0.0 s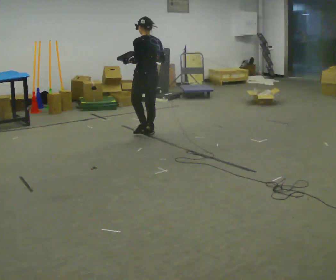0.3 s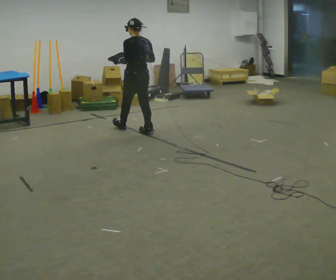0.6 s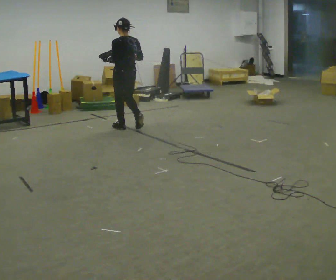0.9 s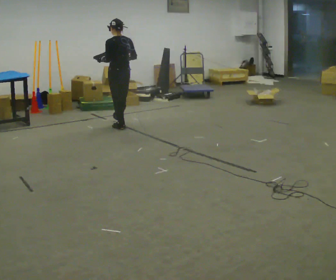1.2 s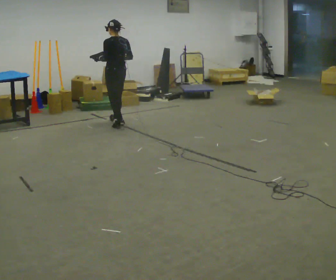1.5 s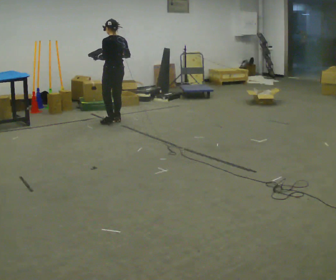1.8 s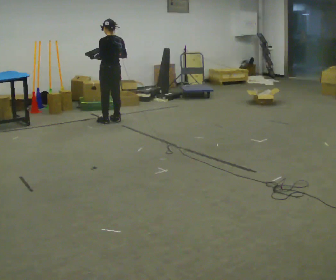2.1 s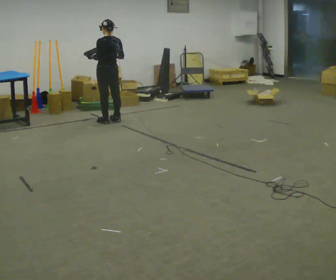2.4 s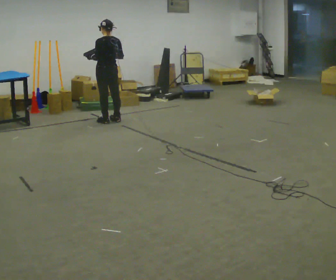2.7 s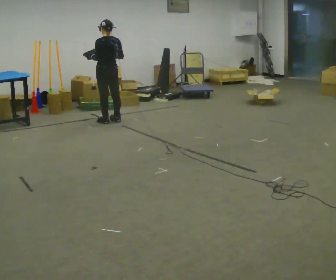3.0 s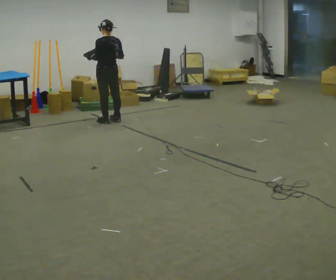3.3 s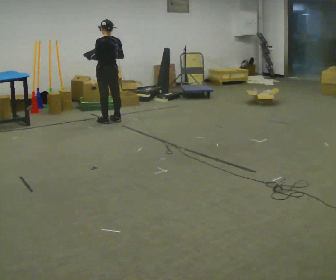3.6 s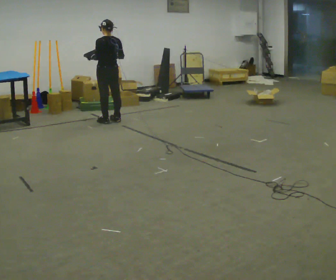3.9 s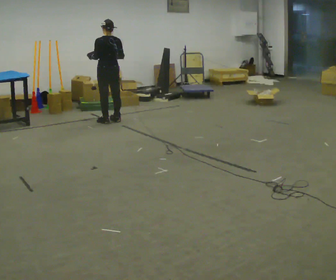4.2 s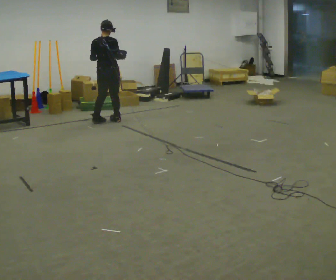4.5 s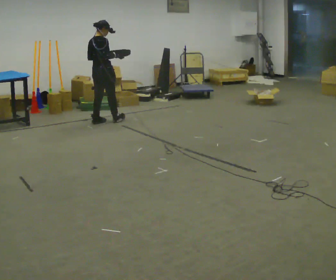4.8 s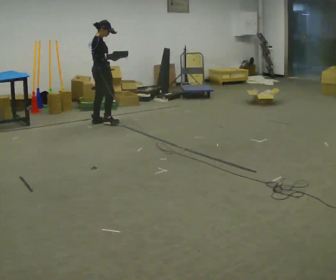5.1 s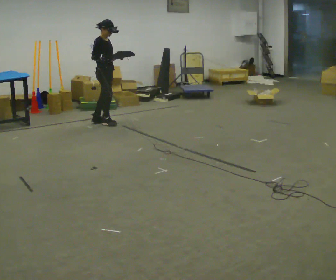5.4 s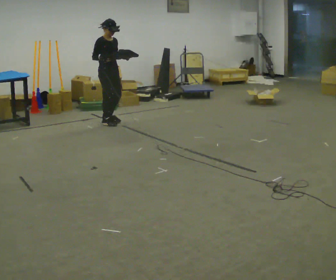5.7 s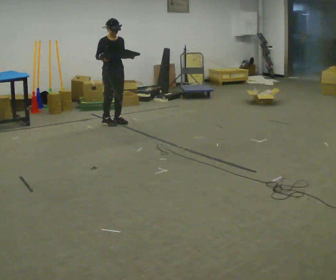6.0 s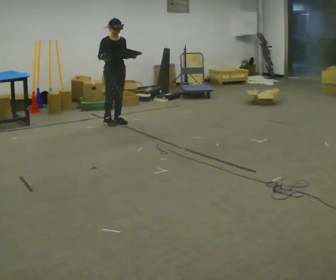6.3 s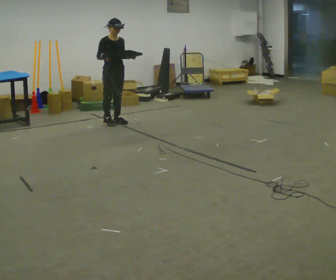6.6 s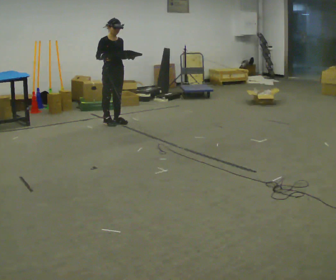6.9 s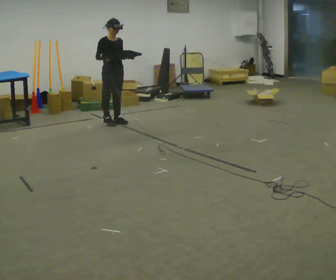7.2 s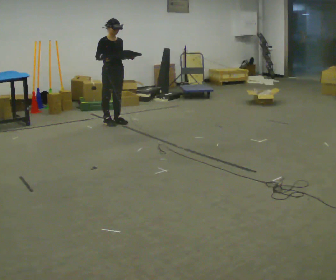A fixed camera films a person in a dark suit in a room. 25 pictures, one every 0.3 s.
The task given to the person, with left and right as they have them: Carry the box with its lid hanging open across the room, back and forth.
0.0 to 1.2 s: In the picture they go away from the camera and to the left, about 0.5 m in 2 steps, which for them is forward.
1.2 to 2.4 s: In the picture they go away from the camera, about 0.25 m in 1 step, which for them is forward.
2.4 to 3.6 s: The person keeps their place and pose.
3.6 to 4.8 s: The person turns about 105 degrees to their right, clockwise seen from above, so the part of the body nearest the lens slides to the left.
4.8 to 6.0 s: Seen from above the body turns clockwise, about 60 degrees: to their right, with its near side sliding to the left. In the picture they go to the right, about 0.25 m in 1 step.
6.0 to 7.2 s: The person moves a little, or ends about where they began.
The film runs forward here.
